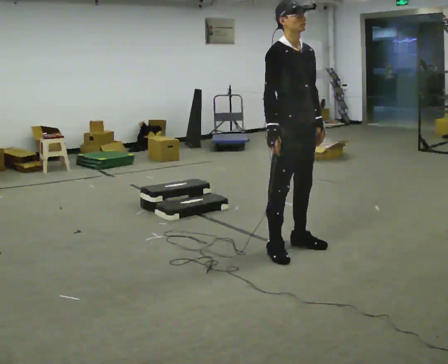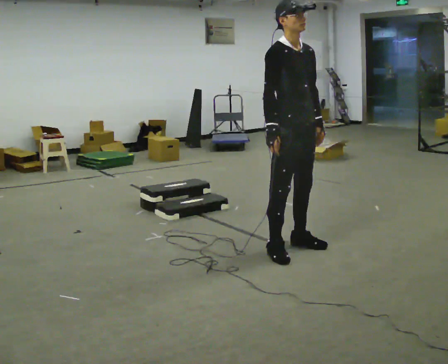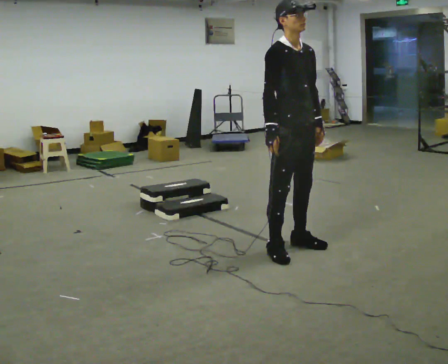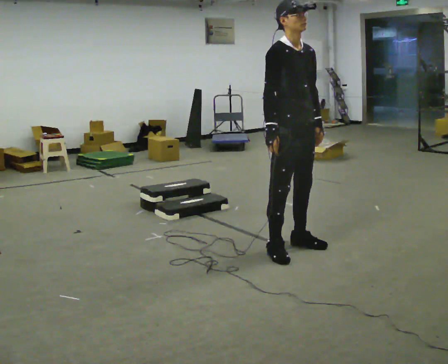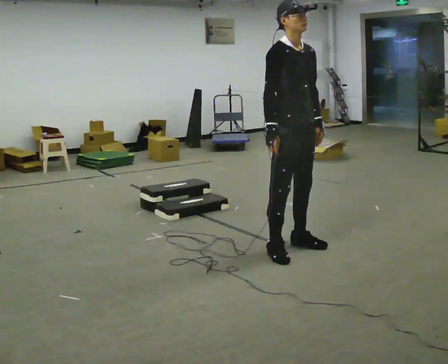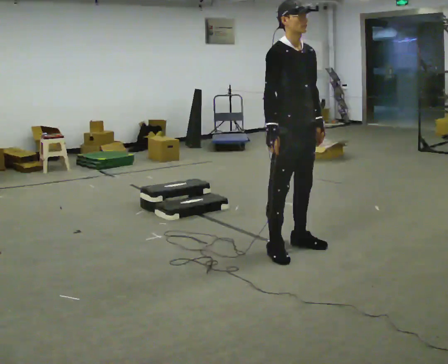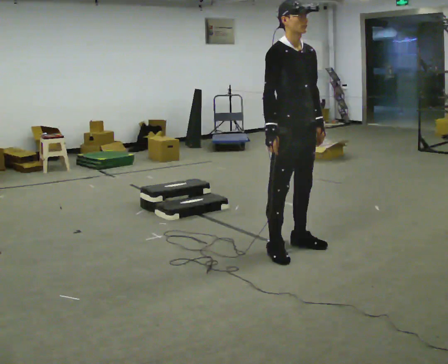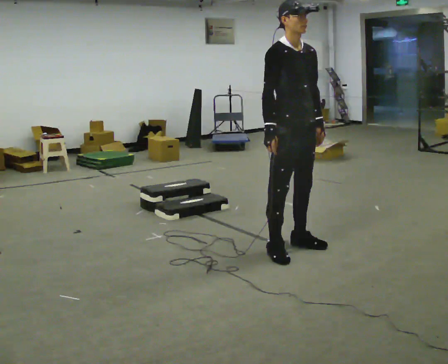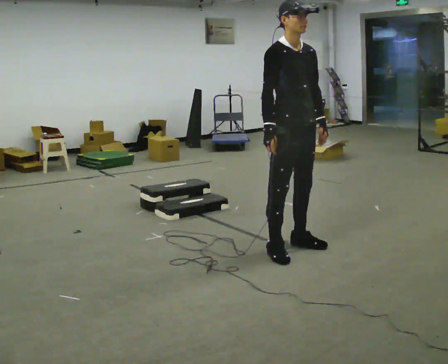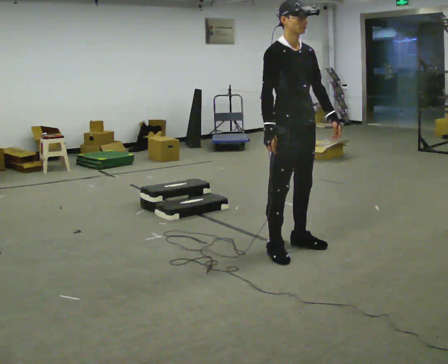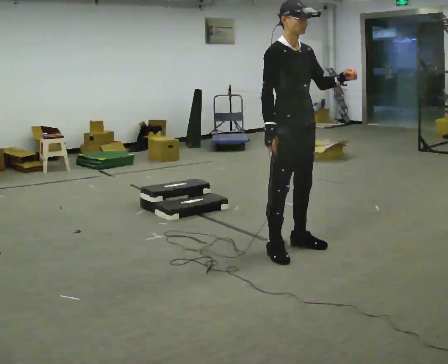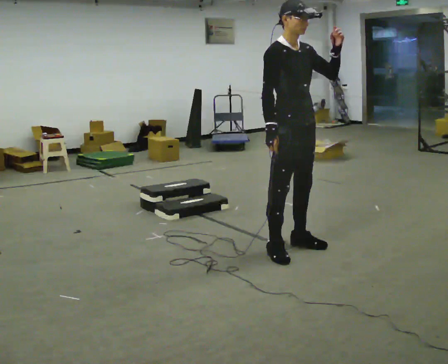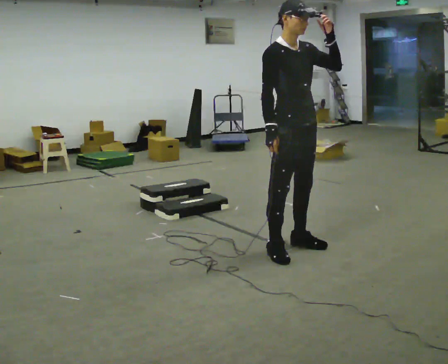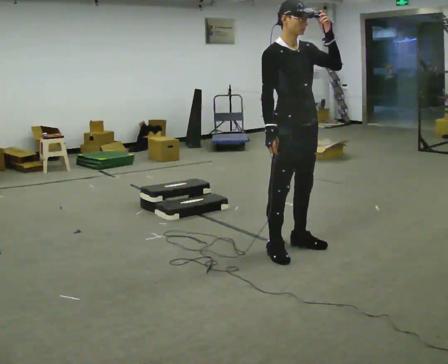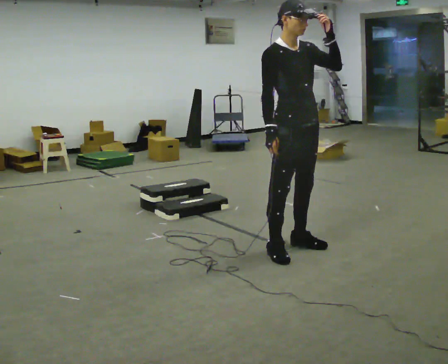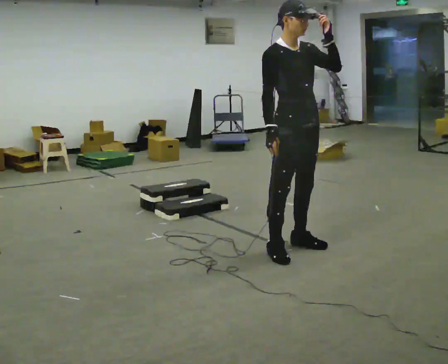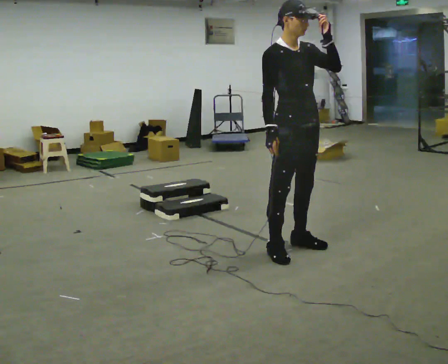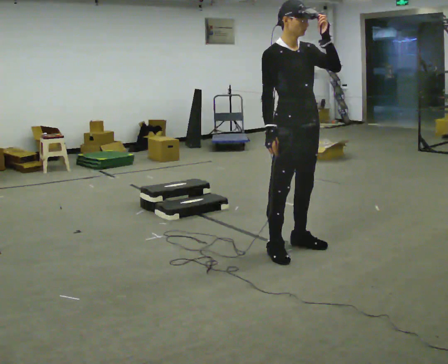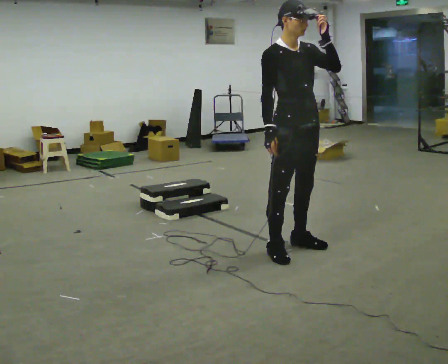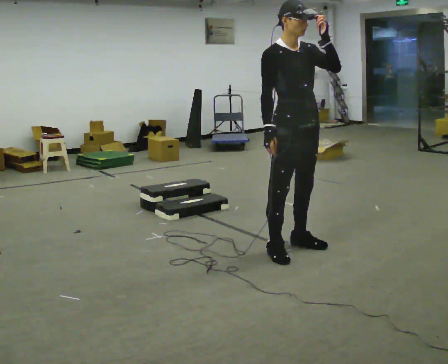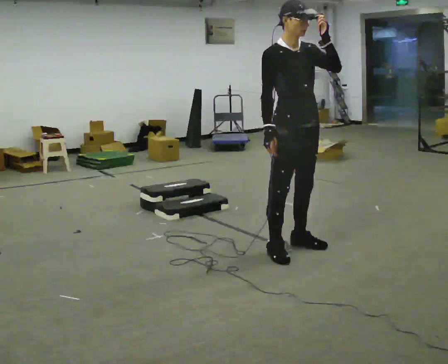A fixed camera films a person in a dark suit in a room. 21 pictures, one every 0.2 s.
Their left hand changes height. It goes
upward.
0.0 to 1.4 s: The person moves a little, or ends about where they began.
1.4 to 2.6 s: In the picture their left hand goes upward.
2.6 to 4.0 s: The person moves a little, or ends about where they began.
The film runs forward here.
